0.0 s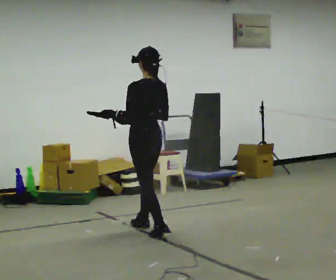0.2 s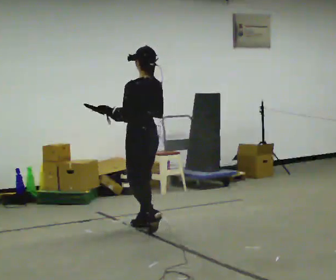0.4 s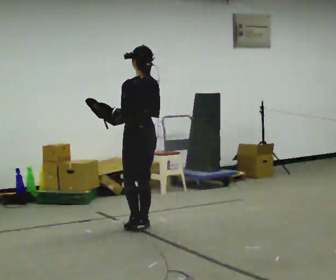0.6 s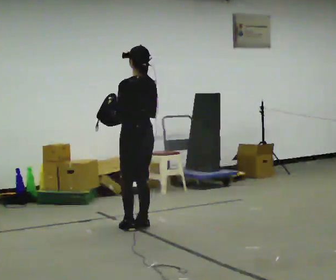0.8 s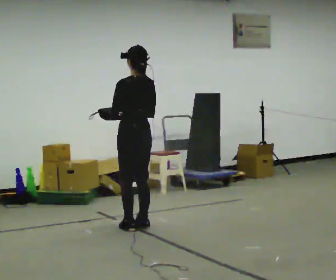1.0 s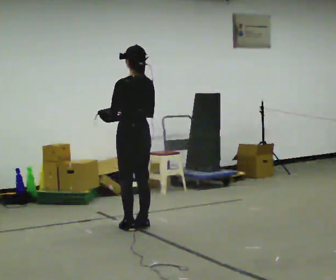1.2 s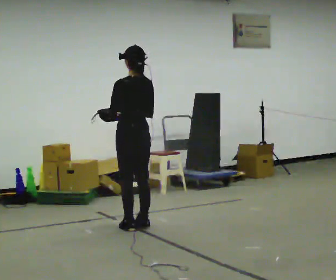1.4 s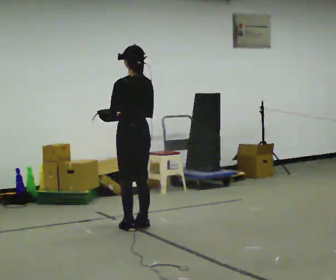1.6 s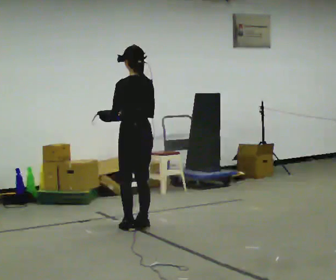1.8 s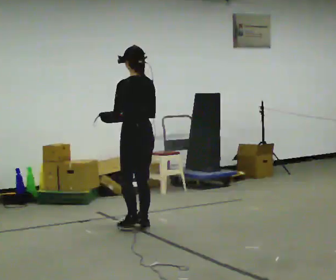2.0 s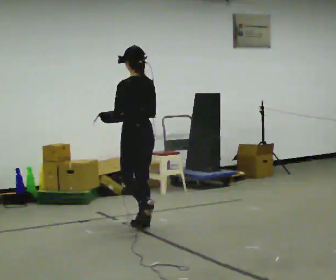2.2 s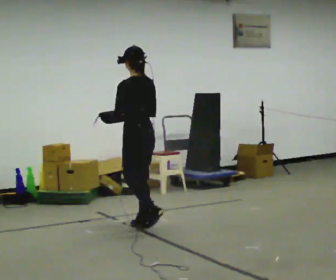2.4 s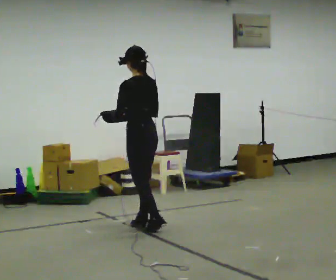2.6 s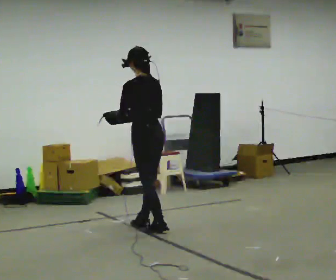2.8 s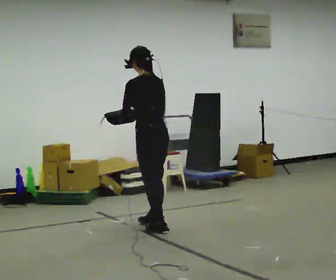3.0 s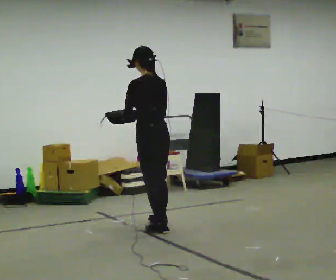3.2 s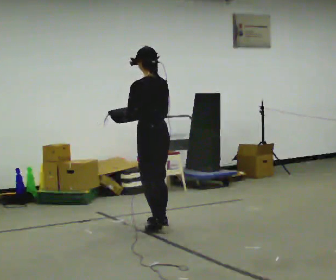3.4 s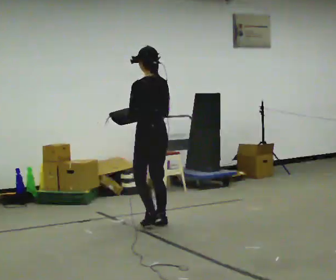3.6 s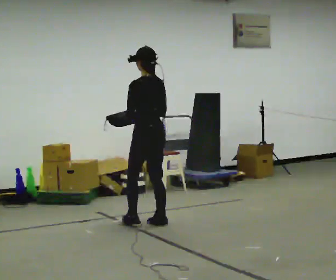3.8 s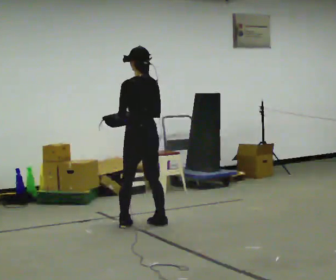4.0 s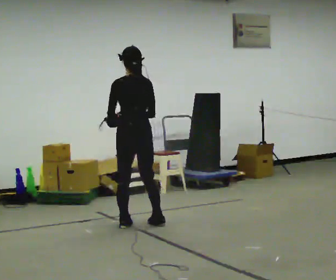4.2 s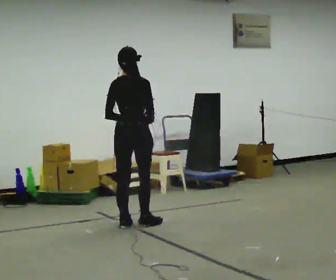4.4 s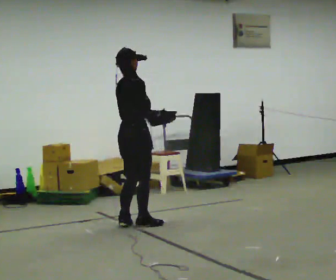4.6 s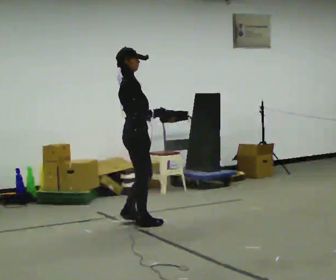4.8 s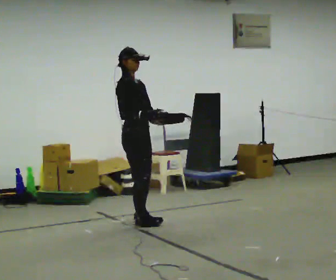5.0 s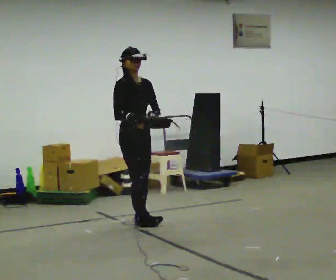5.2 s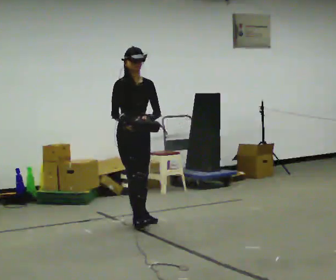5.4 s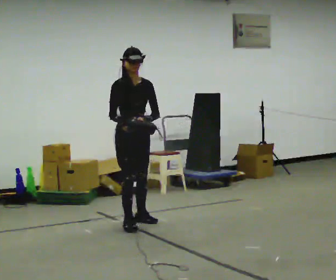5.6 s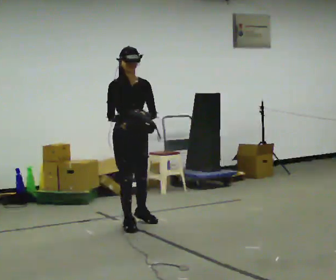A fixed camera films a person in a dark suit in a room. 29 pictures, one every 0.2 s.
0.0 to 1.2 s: In the picture they go away from the camera, about 0.25 m in 1 step, which for them is forward.
1.2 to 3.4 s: In the picture they go to the right, about 0.25 m in 2 steps, which for them is to their right.
3.4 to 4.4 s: Seen from above the body turns clockwise, about 105 degrees: to their right, with its near side sliding to the left. In the picture they go to the left, about 0.25 m in 2 steps.
4.4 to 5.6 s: Seen from above the body turns clockwise, about 90 degrees: to their right, with its near side sliding to the left. In the picture their right hand goes to the left.
The film runs forward here.
